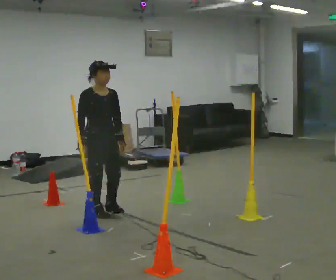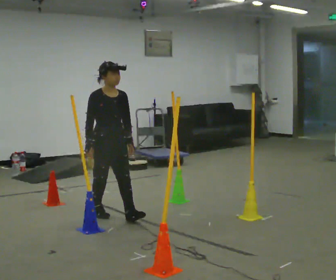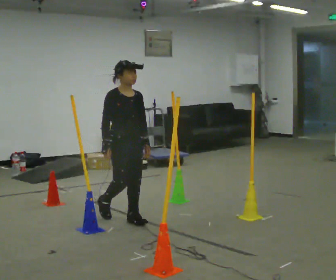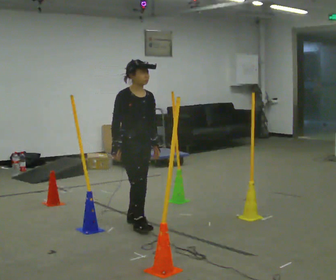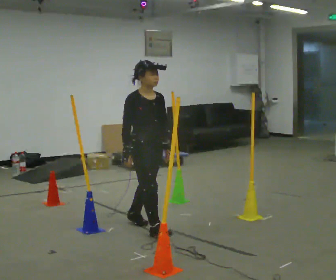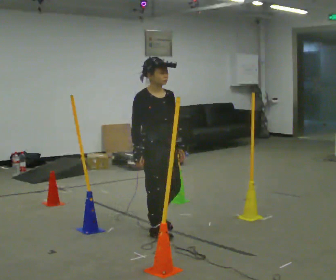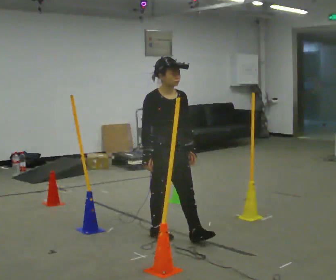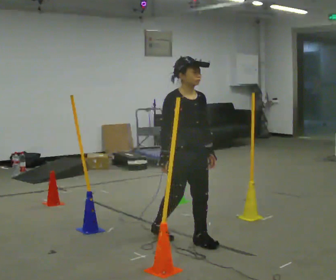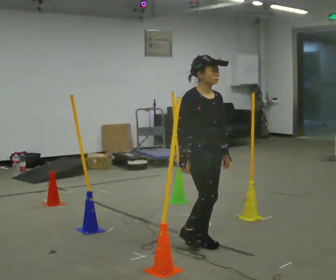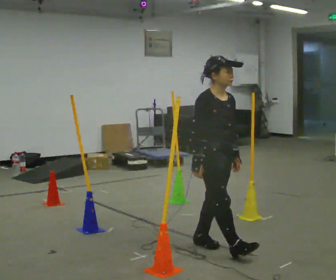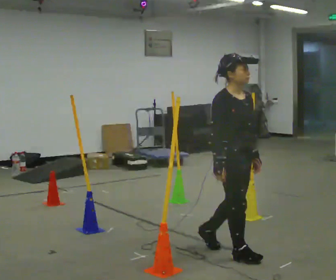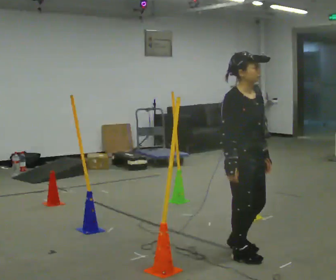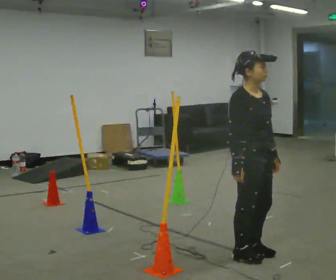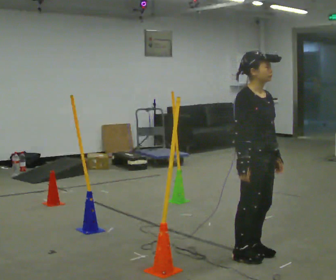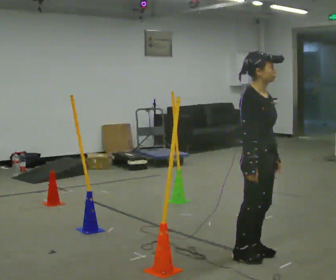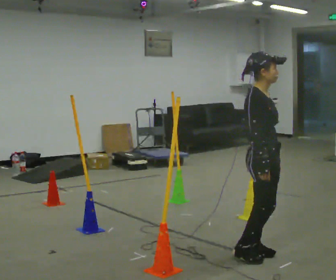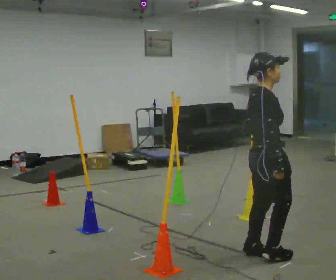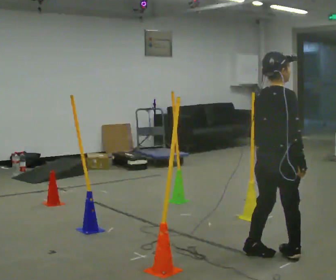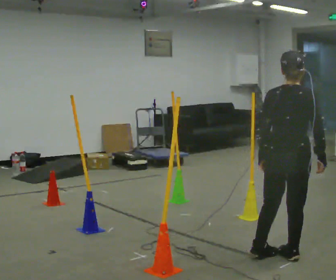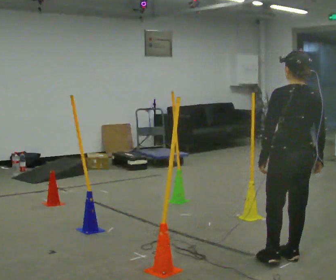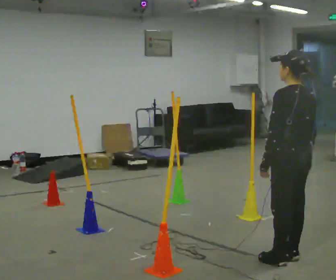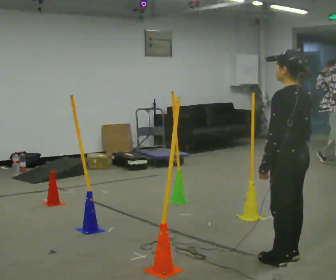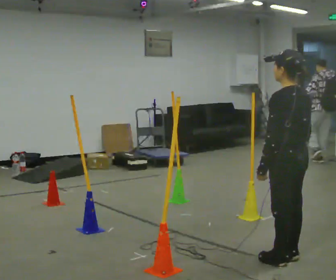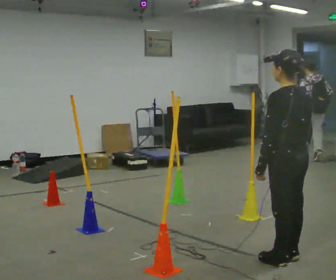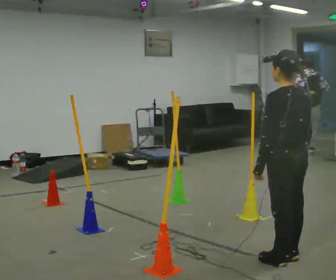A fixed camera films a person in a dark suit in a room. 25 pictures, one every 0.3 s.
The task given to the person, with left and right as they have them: Walk through passage without touching sides; continue normally after exit.
0.0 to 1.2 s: In the picture they go to the right and toward the camera, about 0.75 m in 2 steps, which for them is forward.
1.2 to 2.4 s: In the picture they go to the right and toward the camera, about 0.5 m in 1 step, which for them is forward.
2.4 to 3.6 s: In the picture they go to the right and toward the camera, about 0.5 m in 2 steps, which for them is forward.
3.6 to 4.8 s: The part of the body nearest the lens slides to the right as the person turns to their left by about 45 degrees.
4.8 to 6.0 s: The person turns about 120 degrees to their left, counterclockwise seen from above, so the part of the body nearest the lens slides to the right. In the picture they go to the right, about 0.25 m in 2 steps.
6.0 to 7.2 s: The person moves a little, or ends about where they began.
The film runs forward here.
